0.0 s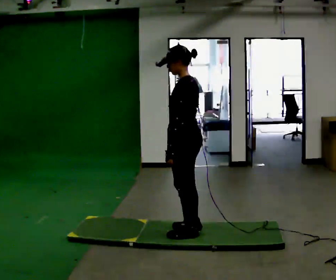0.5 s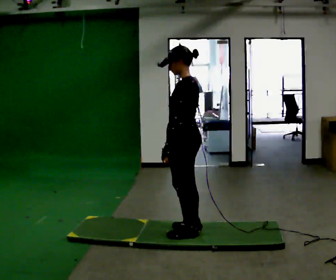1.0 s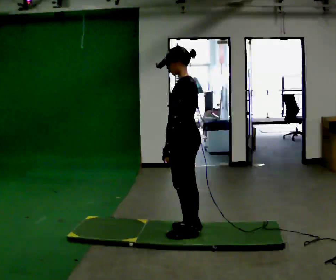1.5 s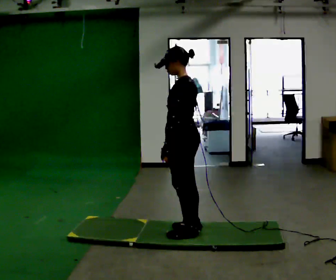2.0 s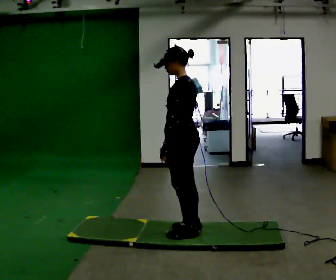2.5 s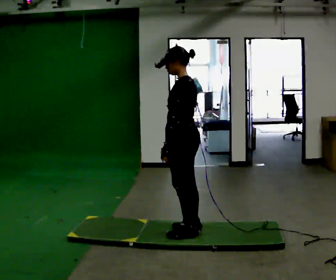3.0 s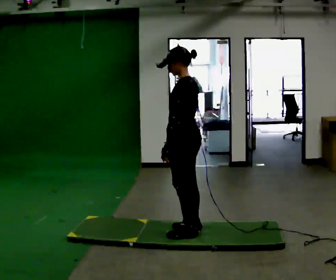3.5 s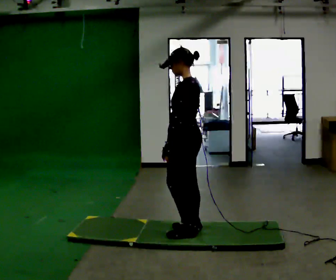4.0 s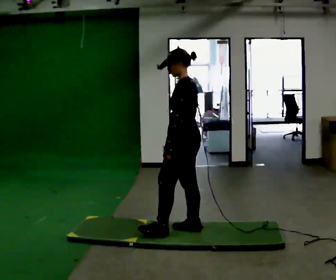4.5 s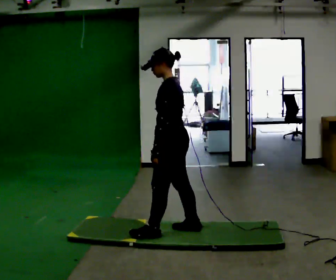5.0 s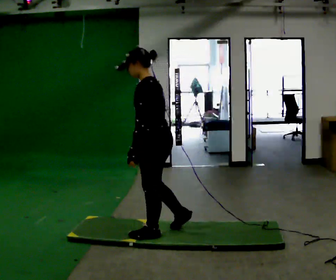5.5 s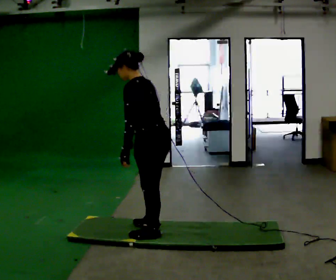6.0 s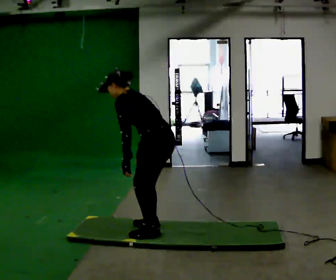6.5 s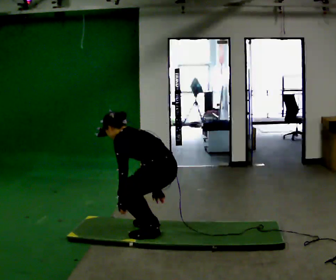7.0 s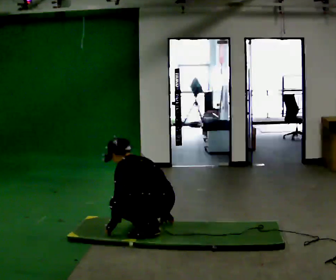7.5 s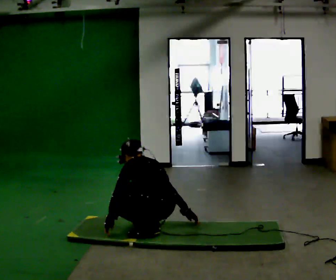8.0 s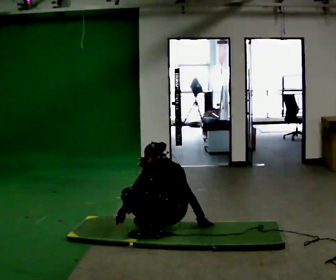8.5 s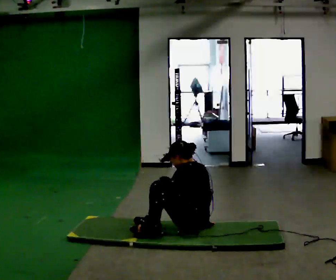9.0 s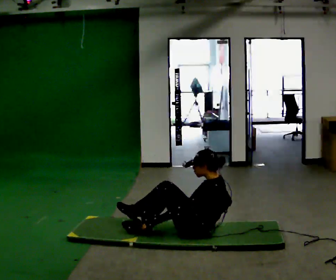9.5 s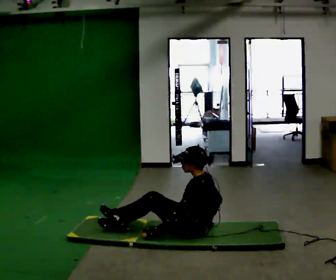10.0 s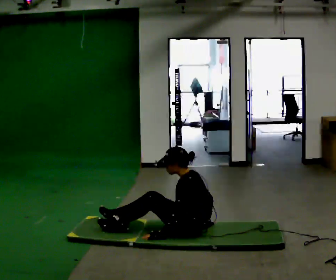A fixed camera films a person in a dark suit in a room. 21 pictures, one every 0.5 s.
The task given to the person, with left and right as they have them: From standing, sit down on the floor, then stand back up in whatever way is natural. Repeat the movement at your own pace until the operator says stop; do not rush.
0.0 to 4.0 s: The person moves a little, or ends about where they began.
4.0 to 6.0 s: In the picture they go to the left, about 0.25 m in 2 steps, which for them is forward. In the picture the upper body tilts counterclockwise, shoulders to the left, as they bend forward. In the picture their right hand goes to the left.
6.0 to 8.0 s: The upper body goes downward. In the picture their left hand goes downward, the arm swinging clockwise.
8.0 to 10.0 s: In the picture they go to the right, about 0.25 m in 2 steps, which for them is backward. In the picture their left hand goes to the right.
The film runs forward here.
